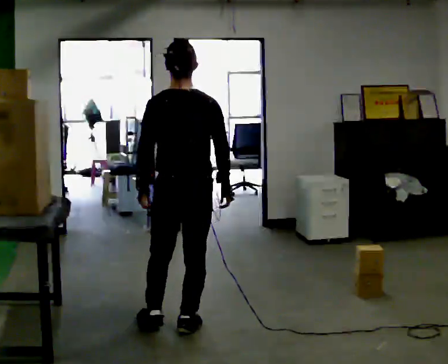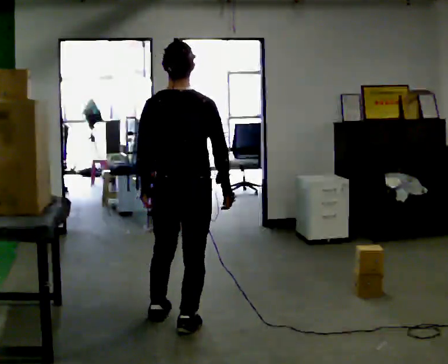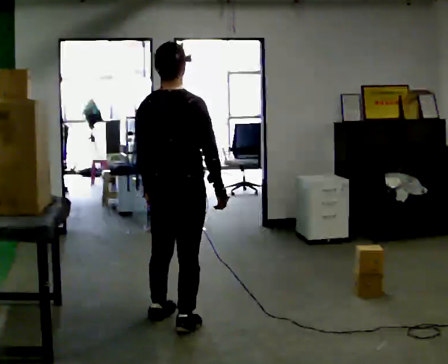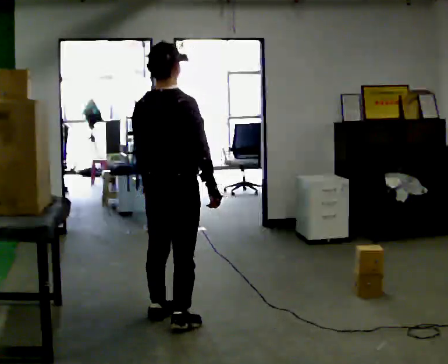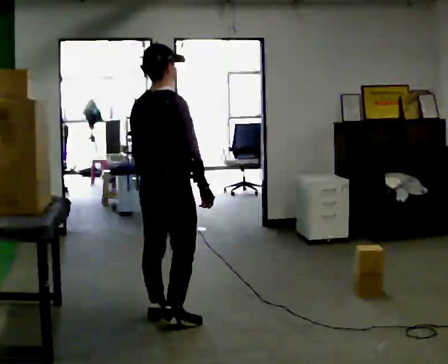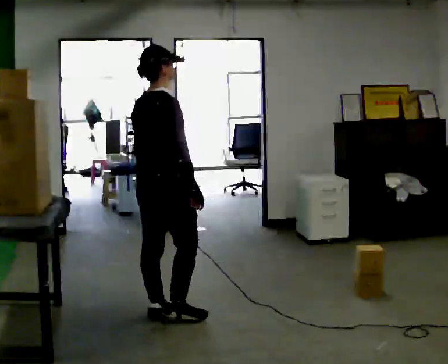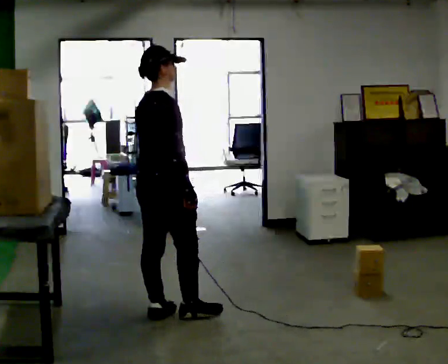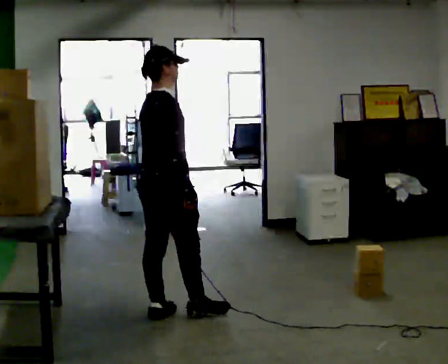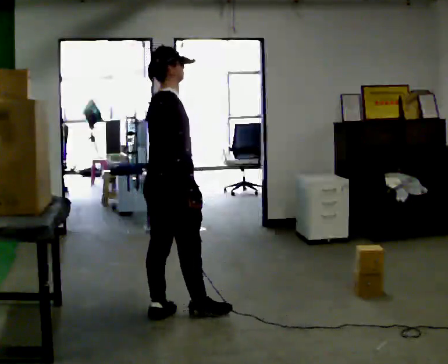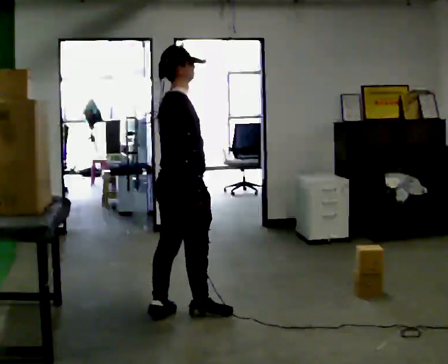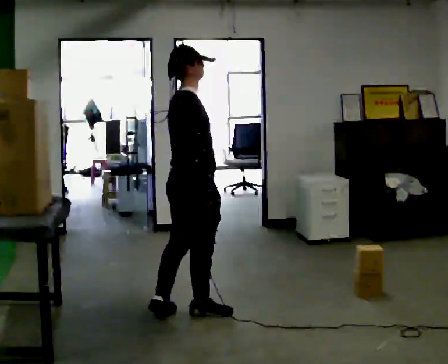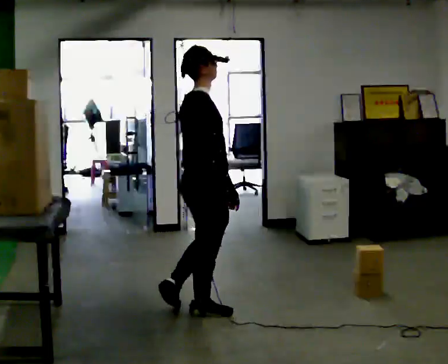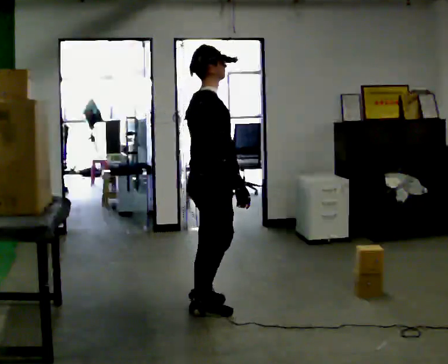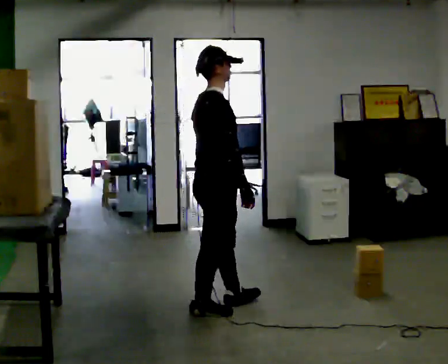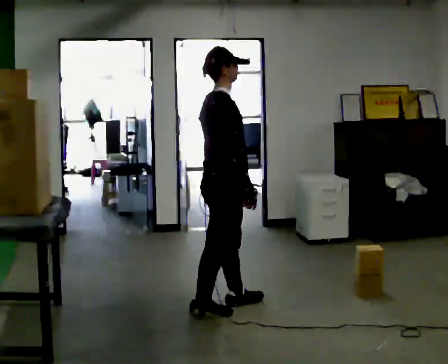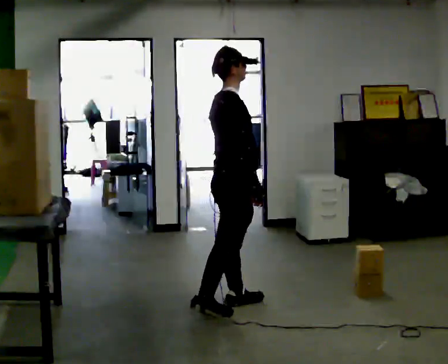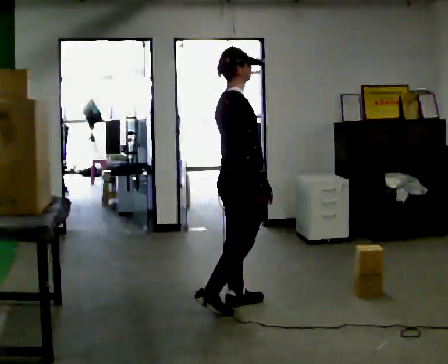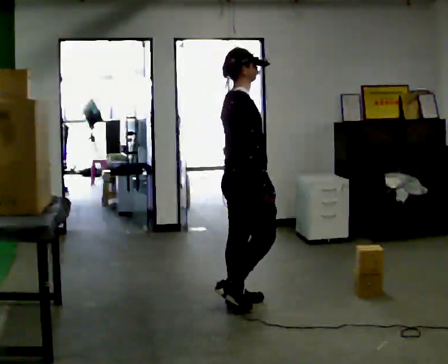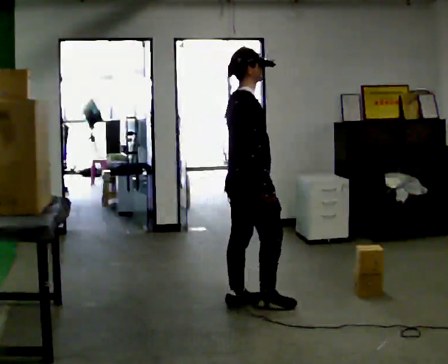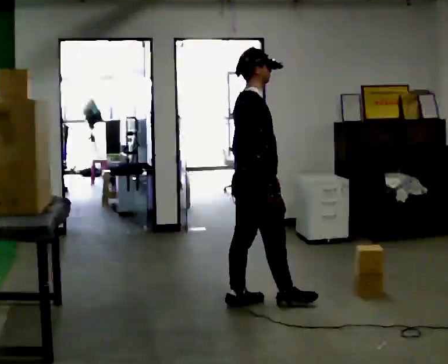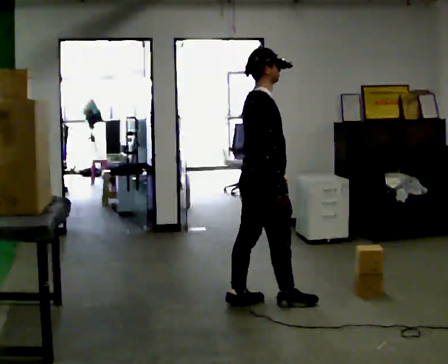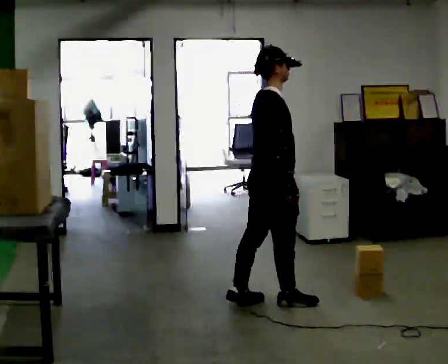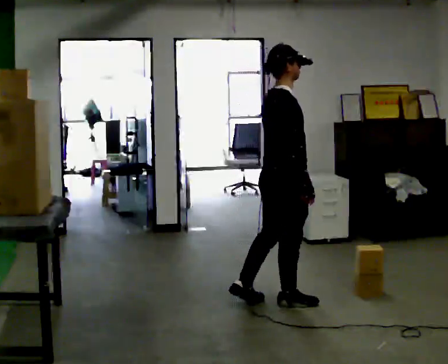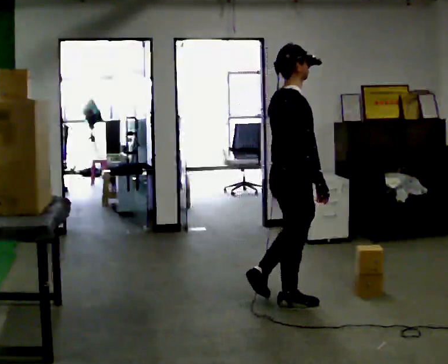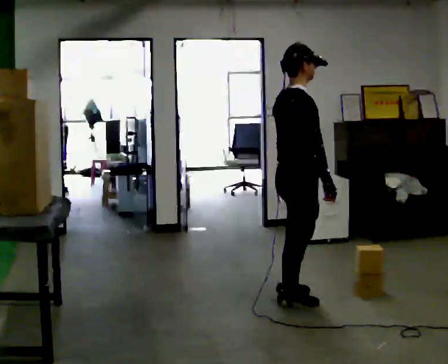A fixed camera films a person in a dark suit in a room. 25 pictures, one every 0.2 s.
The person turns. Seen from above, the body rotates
clockwise.
The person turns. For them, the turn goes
to their right.
0.0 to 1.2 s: The part of the body nearest the lens slides to the left as the person turns to their right by about 60 degrees. In the picture they go away from the camera and to the left, about 0.25 m in 1 step.
1.2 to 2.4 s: In the picture they go to the right, about 0.25 m in 1 step, which for them is forward and to their right.
2.4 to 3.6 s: In the picture they go to the right and away from the camera, about 0.25 m in 1 step, which for them is forward and to their left.
3.6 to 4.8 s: In the picture they go to the right, about 0.25 m in 1 step, which for them is forward and to their right.
The film runs forward here.
